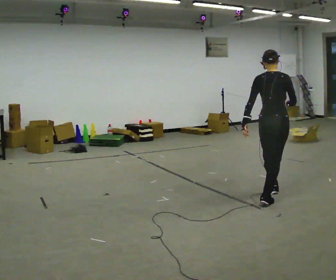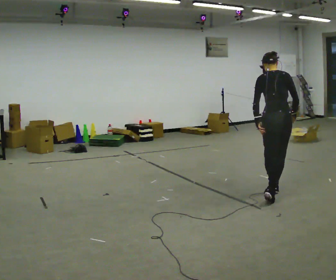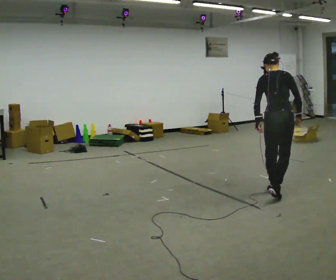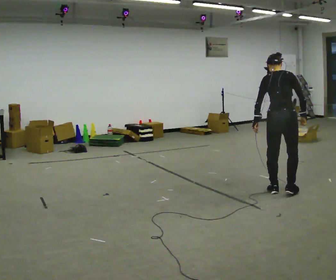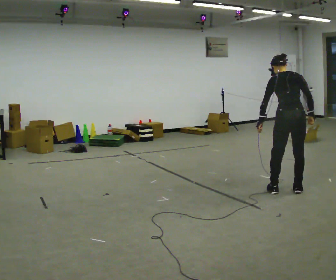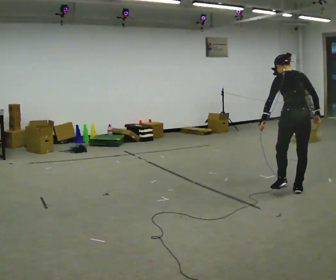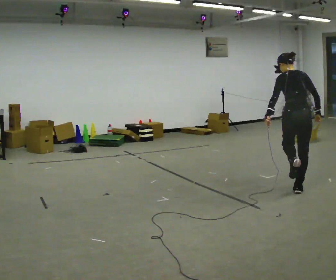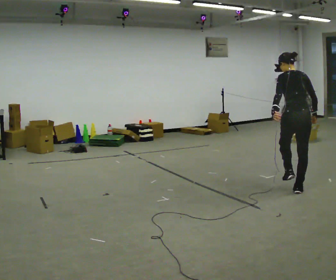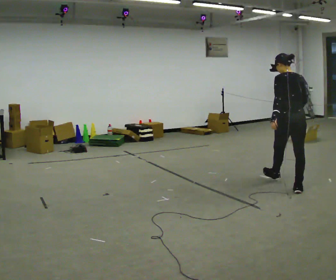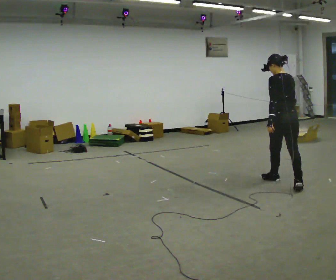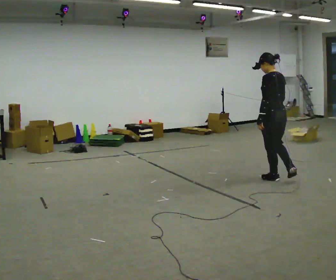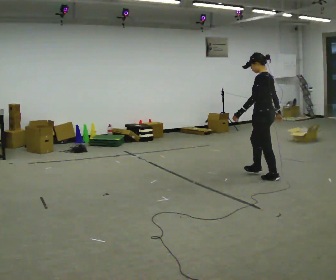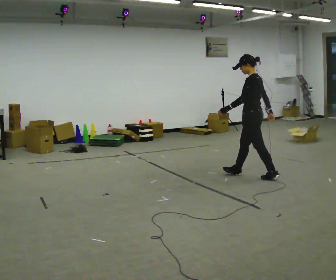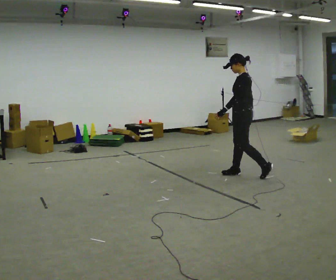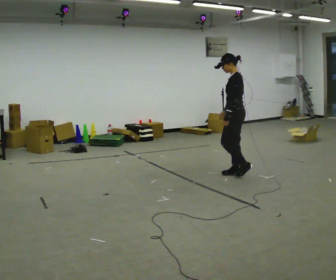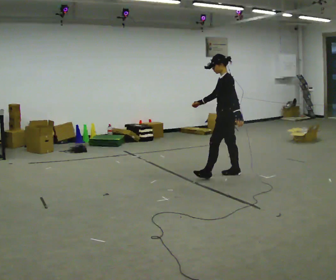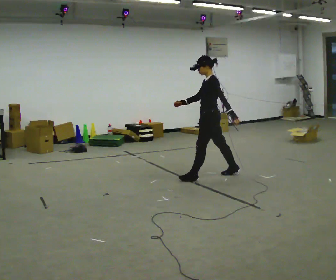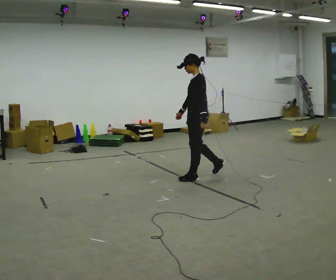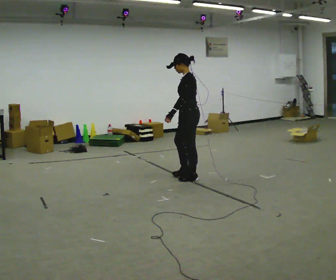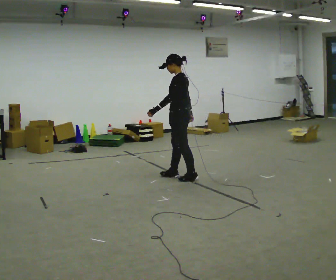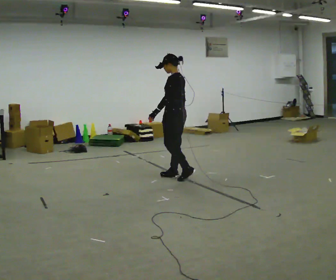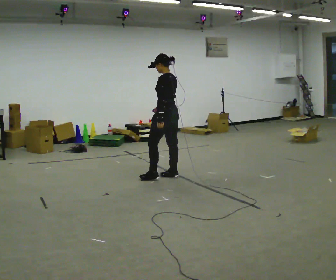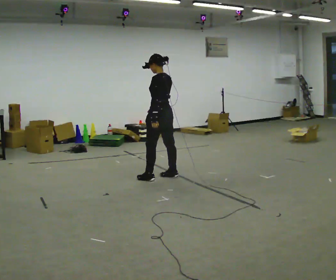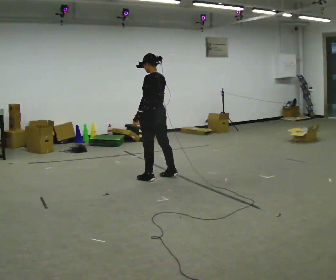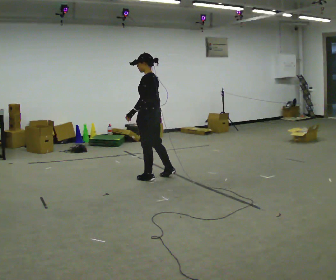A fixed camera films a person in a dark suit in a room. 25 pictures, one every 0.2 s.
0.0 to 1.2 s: In the picture they go to the right and away from the camera, about 0.5 m in 1 step, which for them is forward and to their right.
1.2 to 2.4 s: Seen from above the body turns counterclockwise, about 75 degrees: to their left, with its near side sliding to the right. In the picture they go away from the camera and to the left, about 1 m in 2 steps.
2.4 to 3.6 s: In the picture they go to the left, about 1 m in 1 step, which for them is forward.
3.6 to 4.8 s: In the picture they go to the left, about 0.5 m in 2 steps, which for them is forward and to their left.
The film runs forward here.
